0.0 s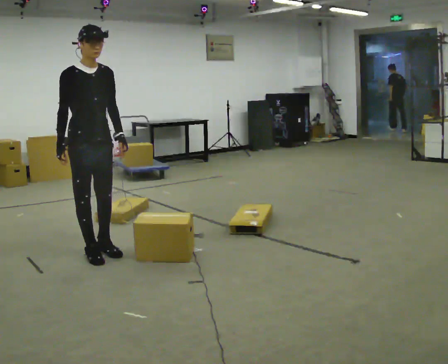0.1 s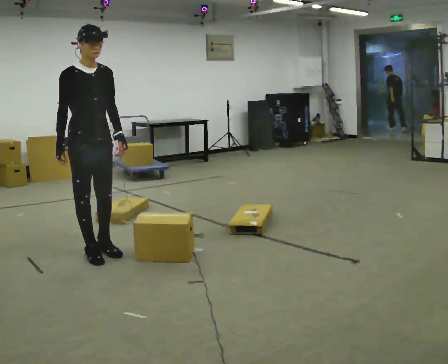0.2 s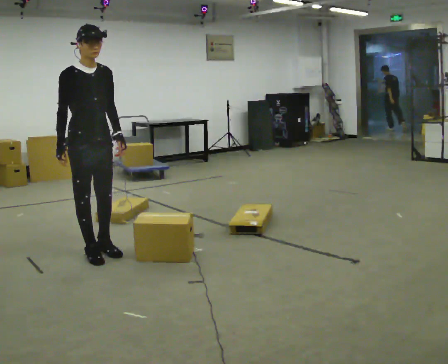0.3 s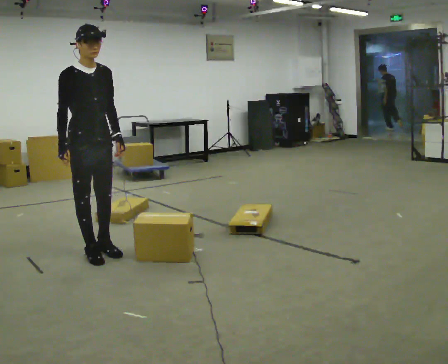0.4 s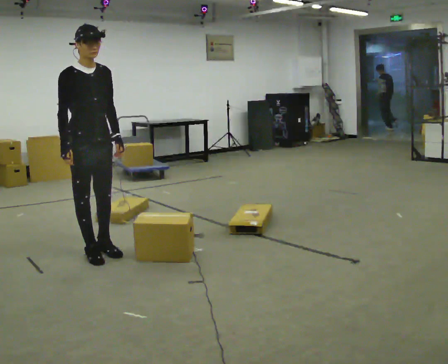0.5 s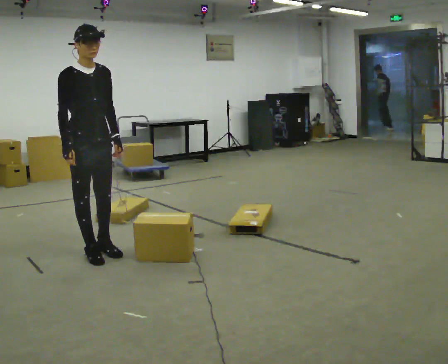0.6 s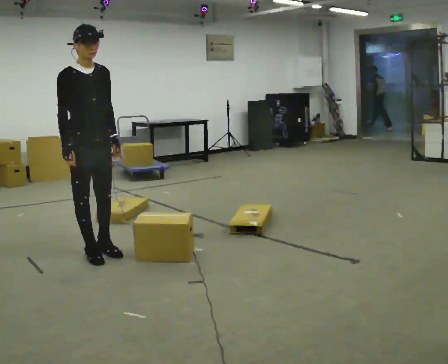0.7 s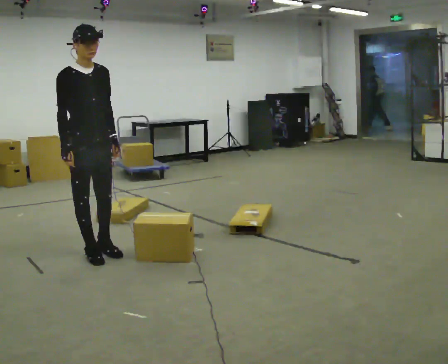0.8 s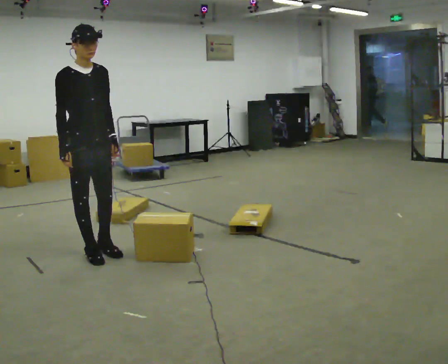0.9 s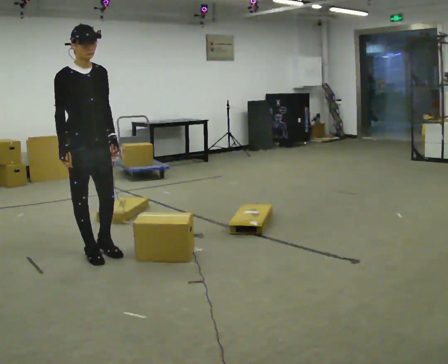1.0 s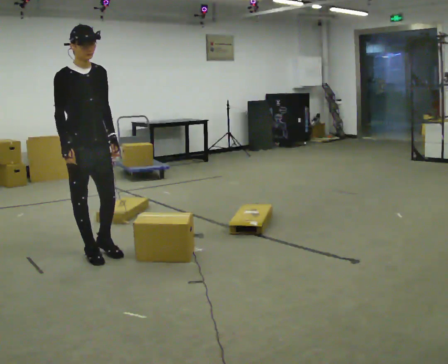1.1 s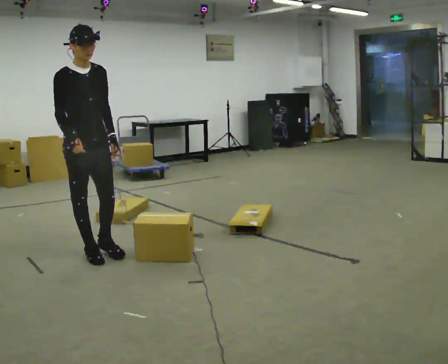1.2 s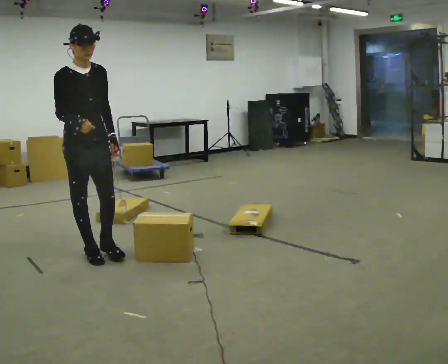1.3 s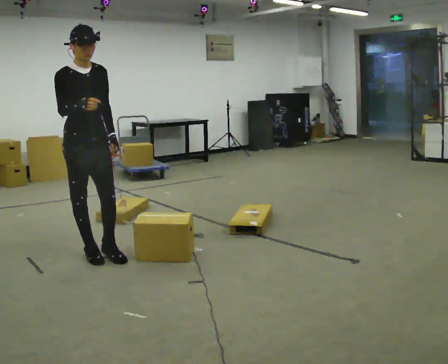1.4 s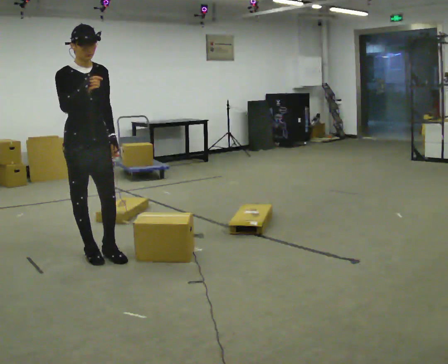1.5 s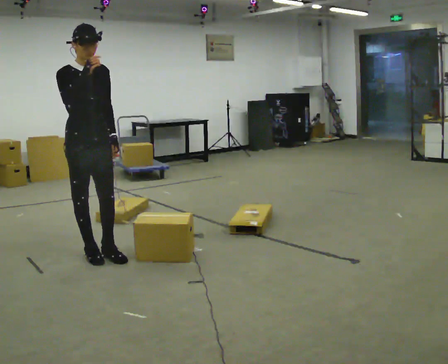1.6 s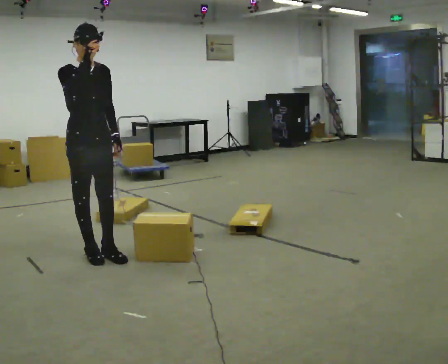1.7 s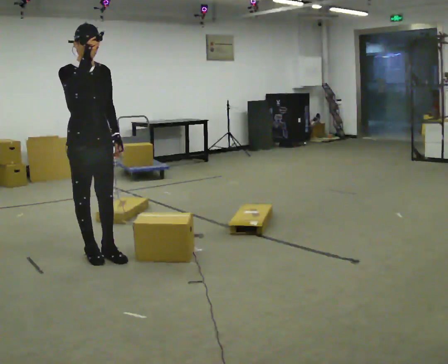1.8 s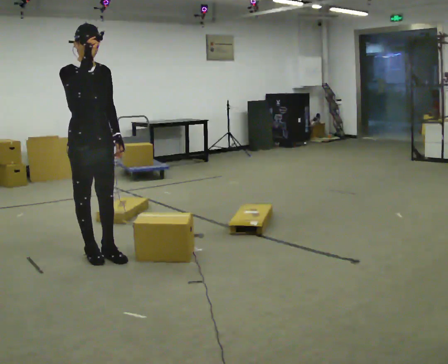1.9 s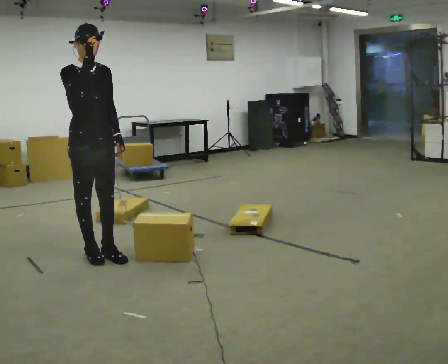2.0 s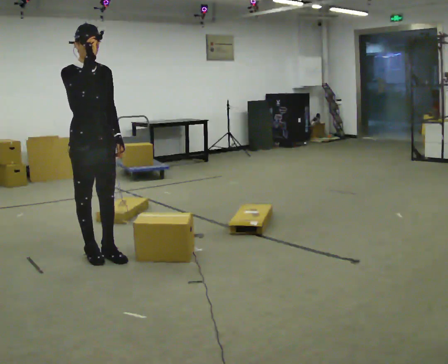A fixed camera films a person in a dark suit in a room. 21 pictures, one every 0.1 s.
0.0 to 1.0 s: The person moves a little, or ends about where they began.
1.0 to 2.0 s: In the picture their right hand goes upward.
The film runs forward here.
